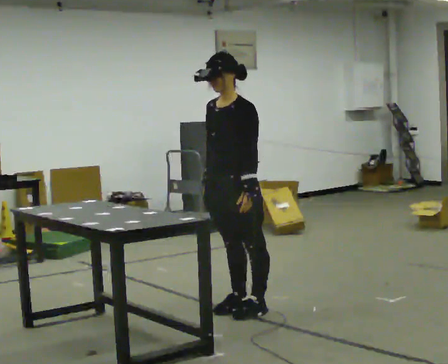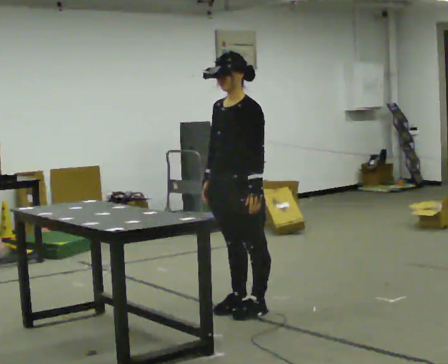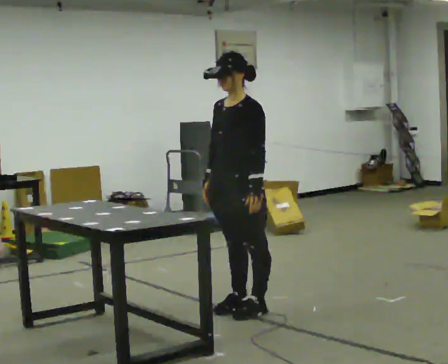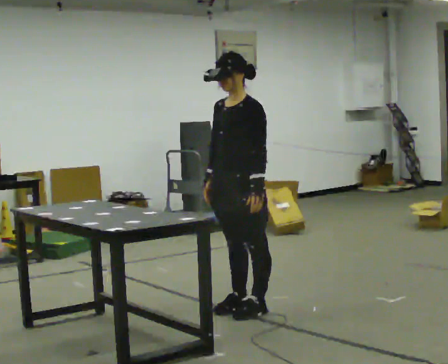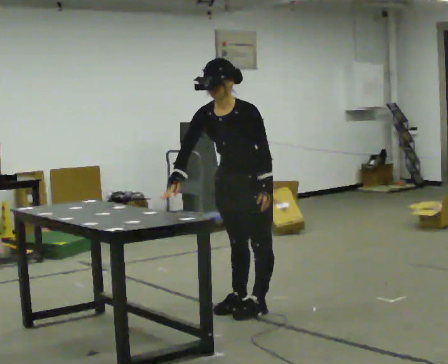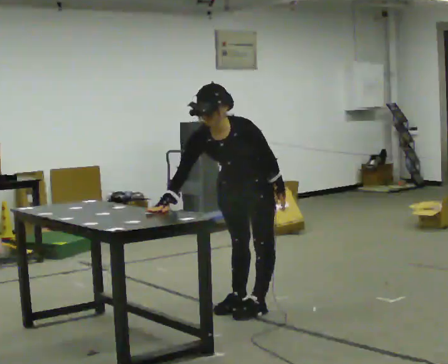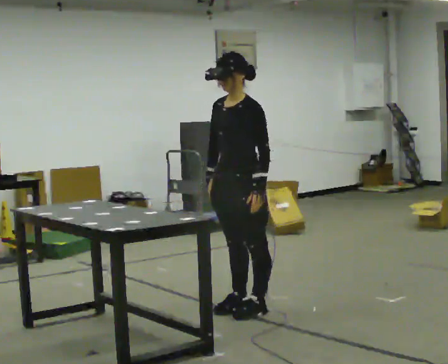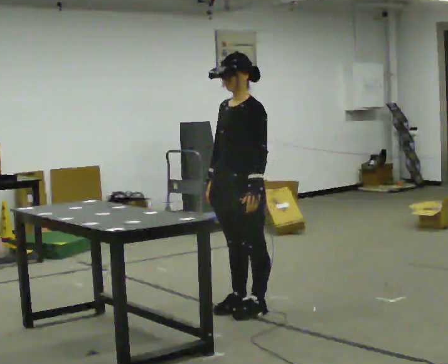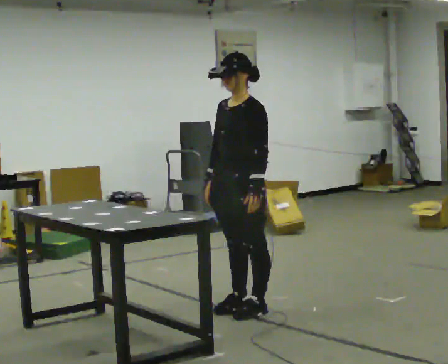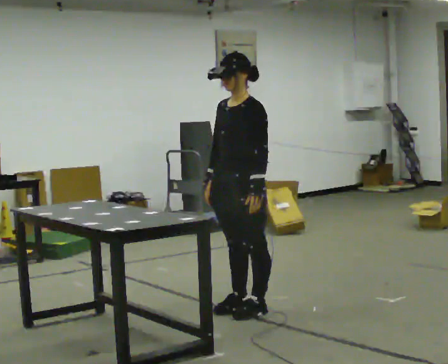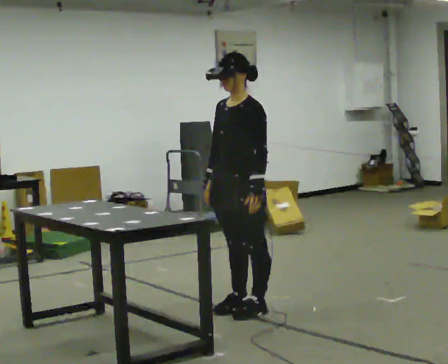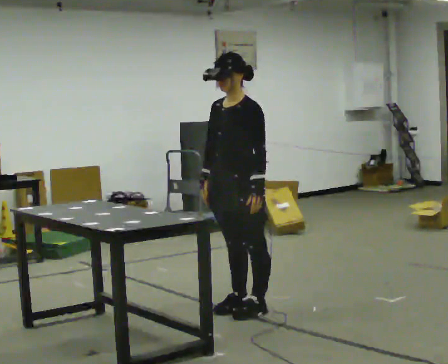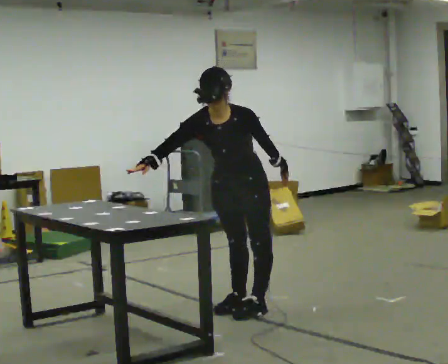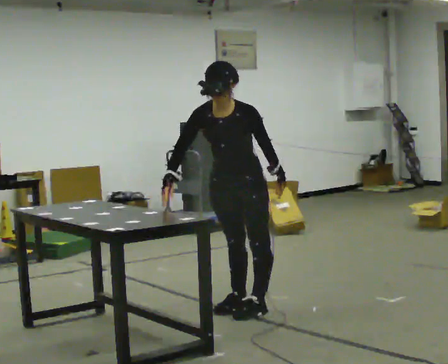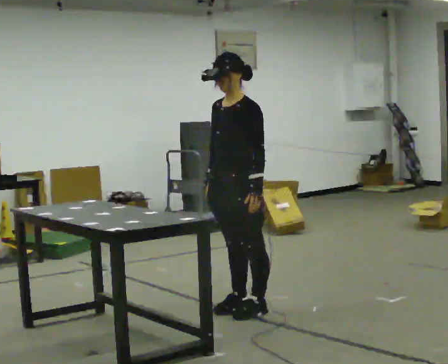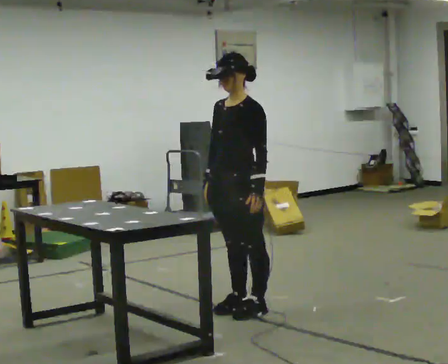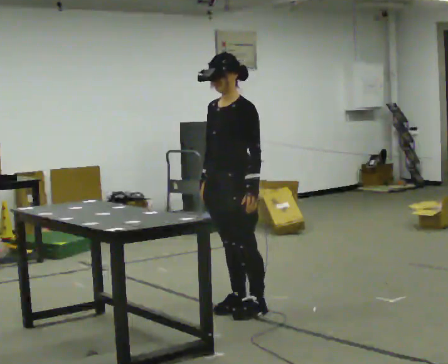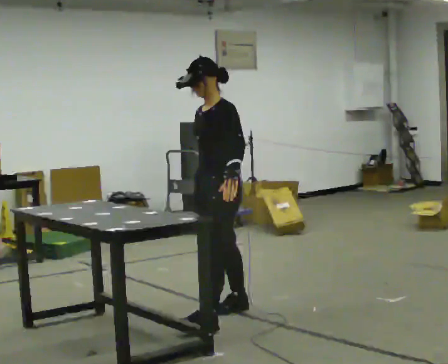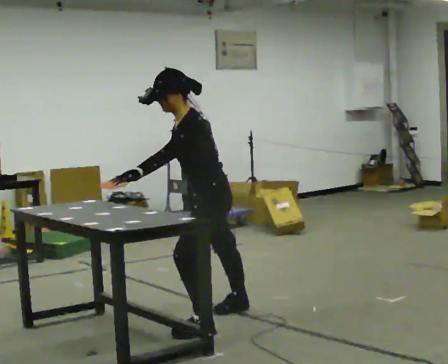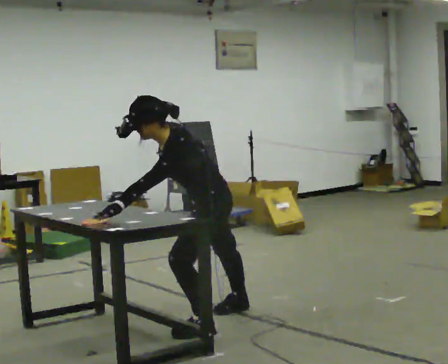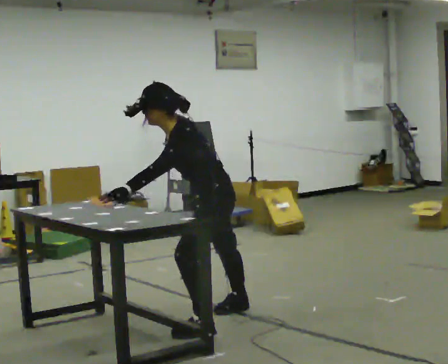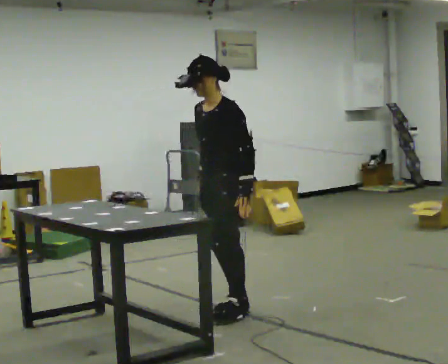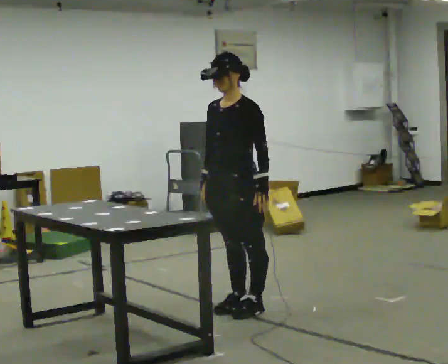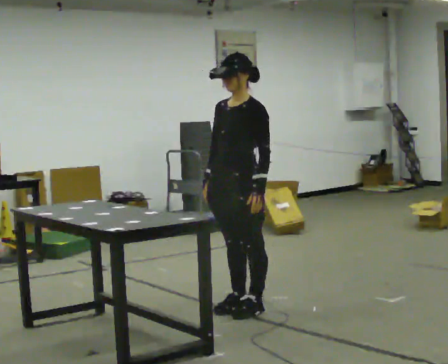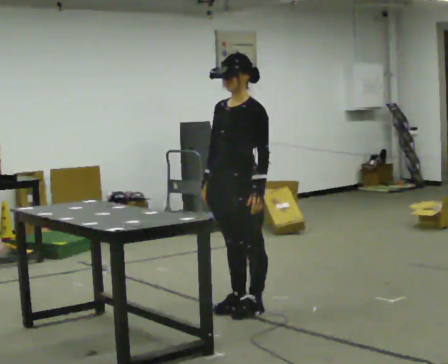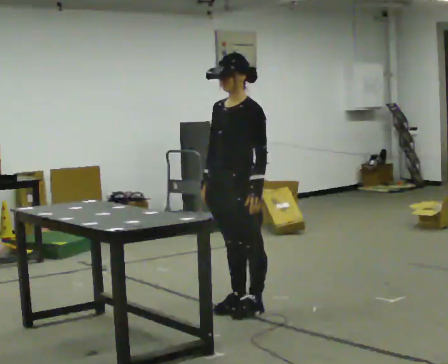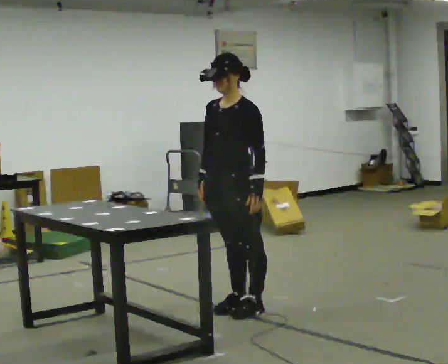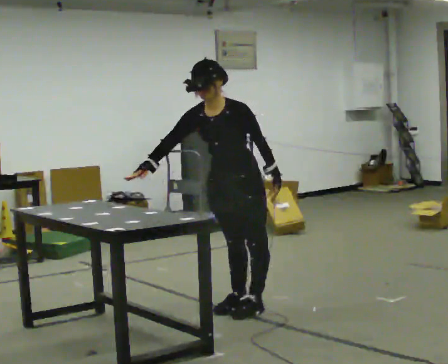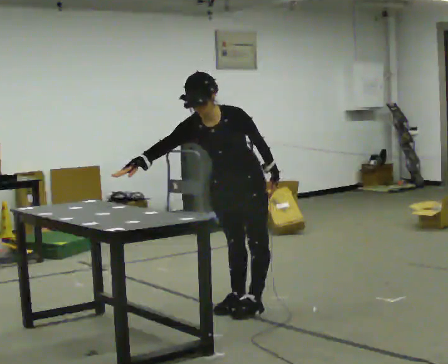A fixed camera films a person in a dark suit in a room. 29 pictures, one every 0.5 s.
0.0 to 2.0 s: The upper body tips toward the camera, its near side rolling downward, as they bend forward.
2.0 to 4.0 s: The person moves a little, or ends about where they began.
4.0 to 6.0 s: The part of the body nearest the lens slides to the right as the person turns to their left by about 30 degrees. The upper body tips toward the camera, its near side rolling downward, as they bend forward.
6.0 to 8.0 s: Seen from above the body turns clockwise, about 30 degrees: to their right, with its near side sliding to the left.
8.0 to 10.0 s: The part of the body nearest the lens slides to the left as the person turns to their right by about 30 degrees. In the picture they go toward the camera, about 0.25 m in 1 step, which for them is to their left. In the picture the upper body tilts counterclockwise, shoulders to the left, as they bend forward.
10.0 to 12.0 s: The person turns about 30 degrees to their left, counterclockwise seen from above, so the part of the body nearest the lens slides to the right. In the picture they go away from the camera, about 0.25 m in 1 step, which for them is backward. In the picture the upper body tilts clockwise, shoulders to the right, as they lean back or straighten.
12.0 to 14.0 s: The upper body tips toward the camera, its near side rolling downward, as they bend forward. In the picture their right hand goes to the left.
The film runs forward here.
